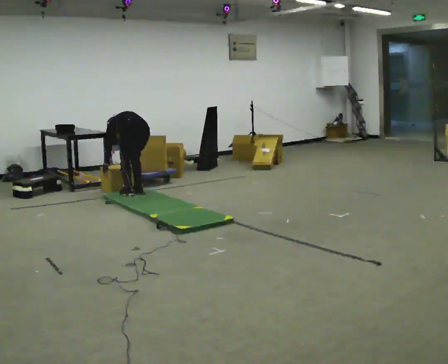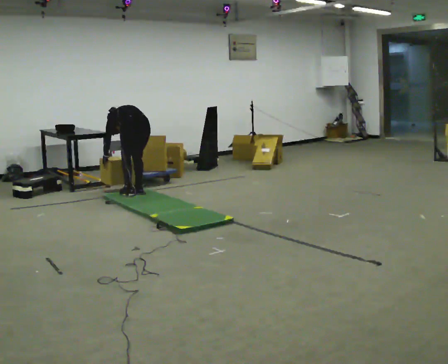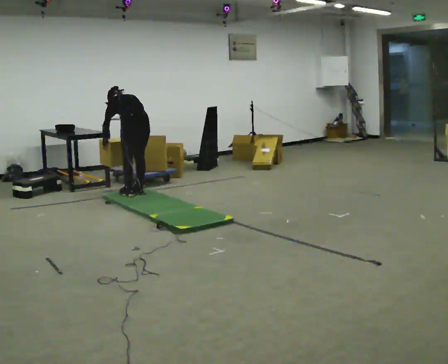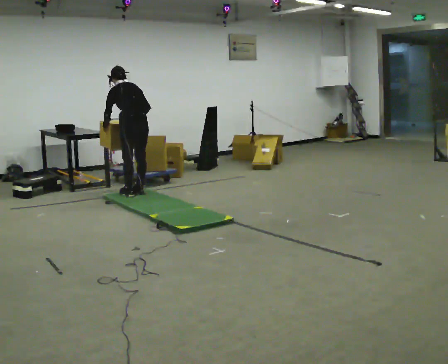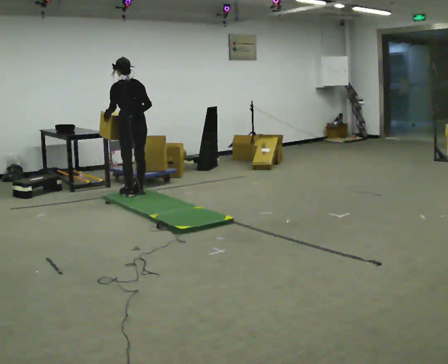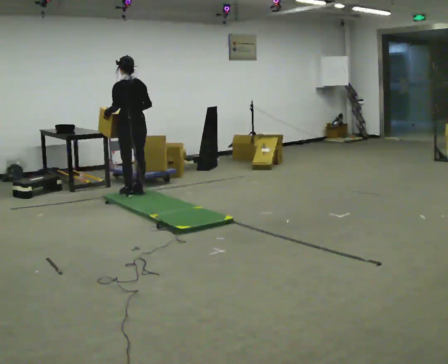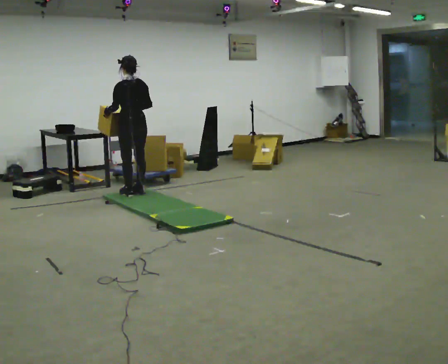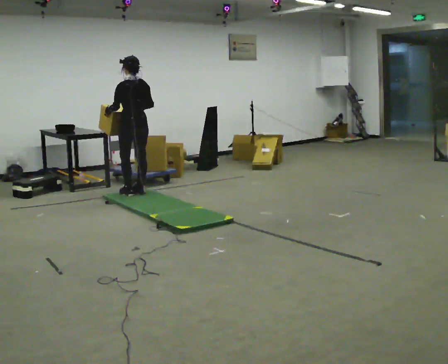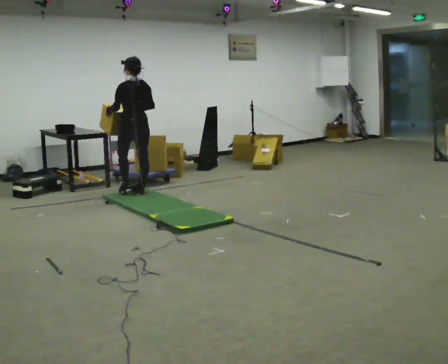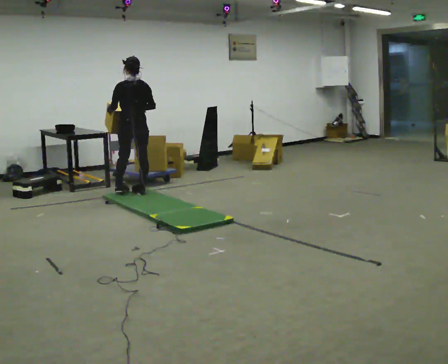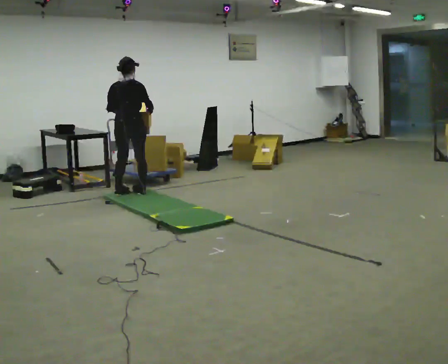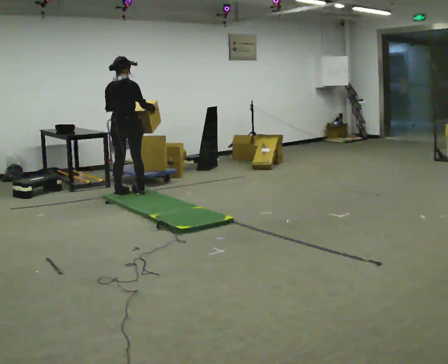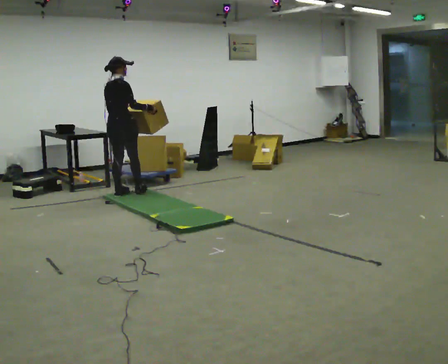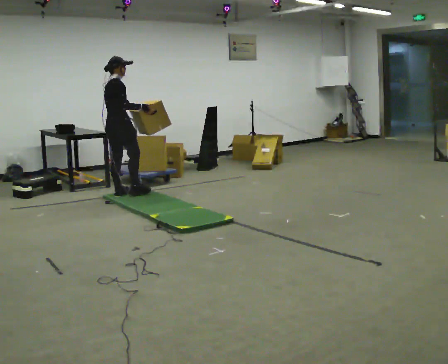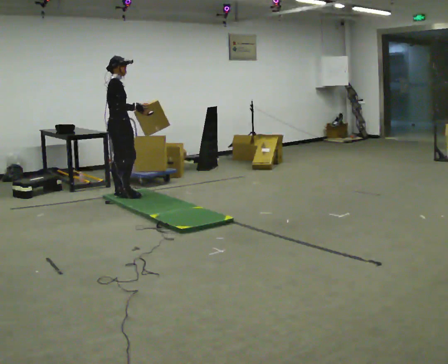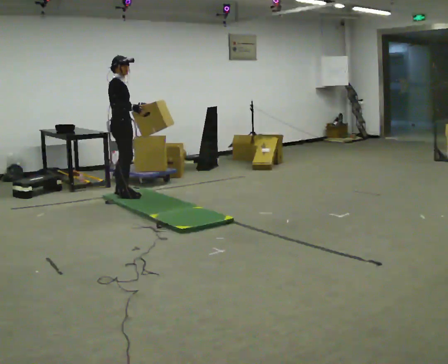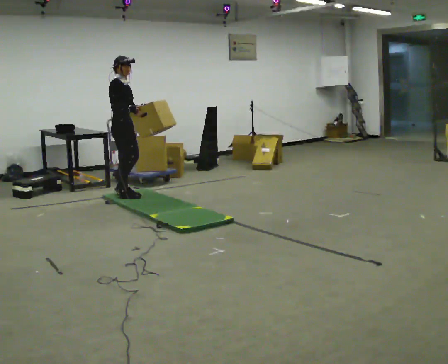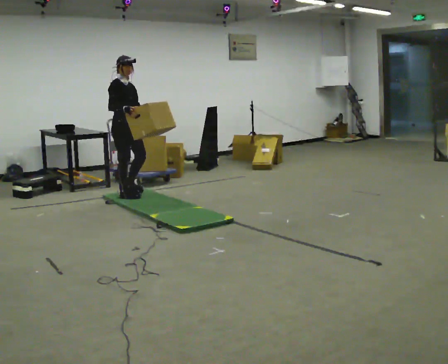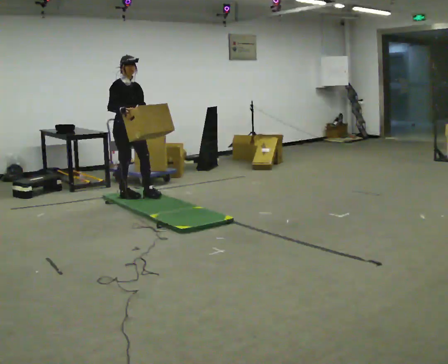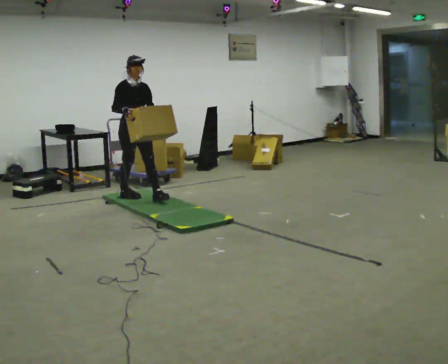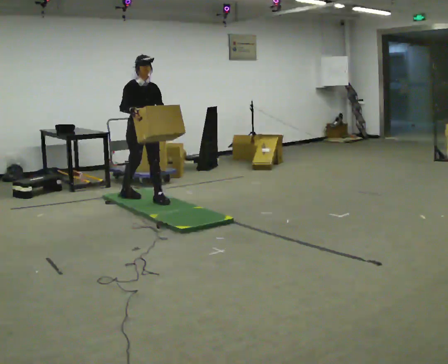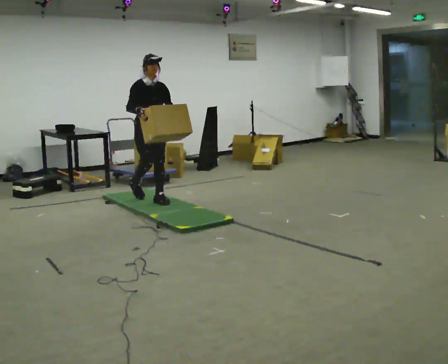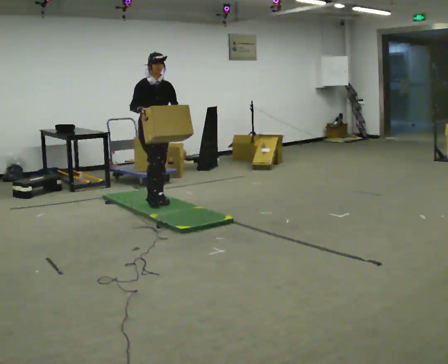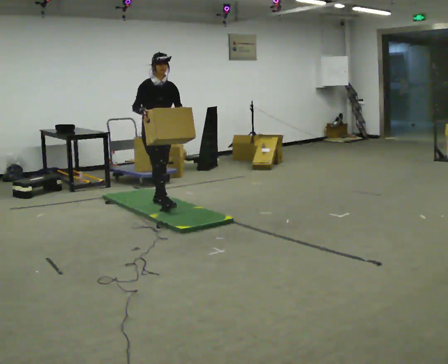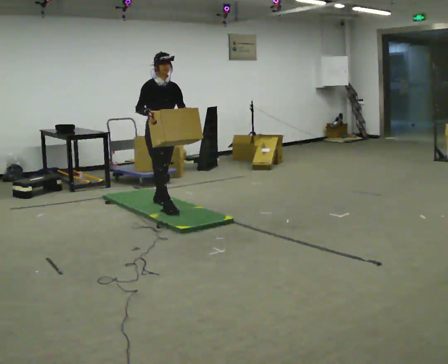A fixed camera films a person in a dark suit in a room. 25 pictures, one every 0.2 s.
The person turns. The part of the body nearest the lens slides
to the left.
The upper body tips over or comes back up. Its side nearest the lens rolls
downward.
0.0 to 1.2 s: The shoulders move upward. The upper body tips toward the camera, its near side rolling downward, as they lean back or straighten. In the picture their right hand goes upward.
1.2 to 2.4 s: Seen from above the body turns clockwise, about 75 degrees: to their right, with its near side sliding to the left. In the picture they go to the left, about 0.25 m in 1 step.
2.4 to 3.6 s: Seen from above the body turns clockwise, about 90 degrees: to their right, with its near side sliding to the left. In the picture they go toward the camera, about 0.25 m in 1 step.
3.6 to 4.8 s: In the picture they go toward the camera and to the right, about 0.5 m in 2 steps, which for them is forward.
The film runs forward here.
